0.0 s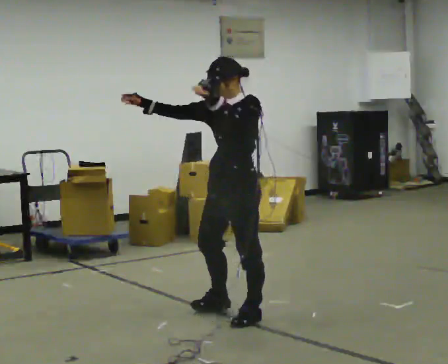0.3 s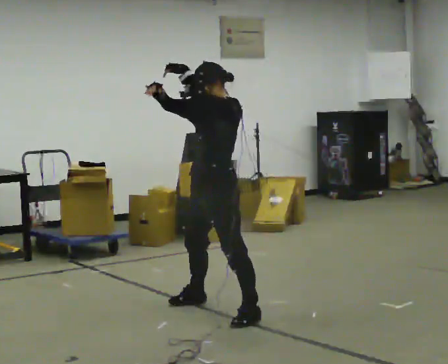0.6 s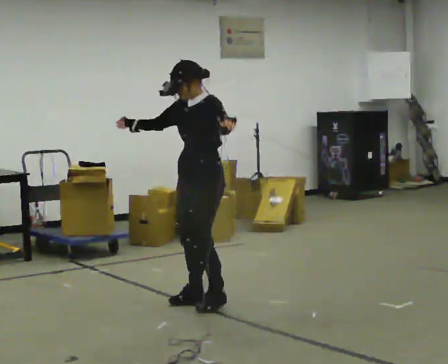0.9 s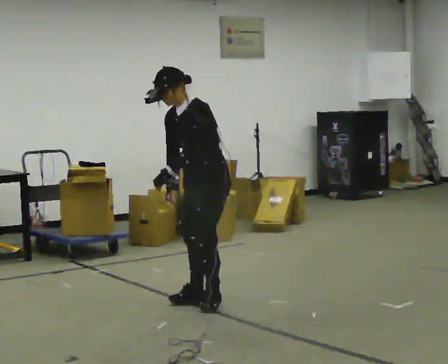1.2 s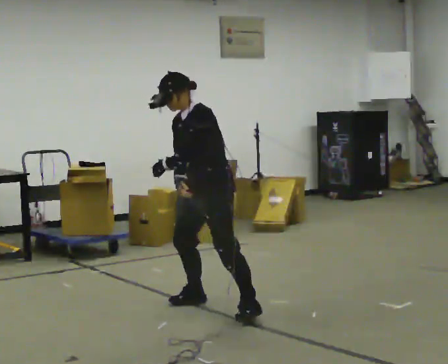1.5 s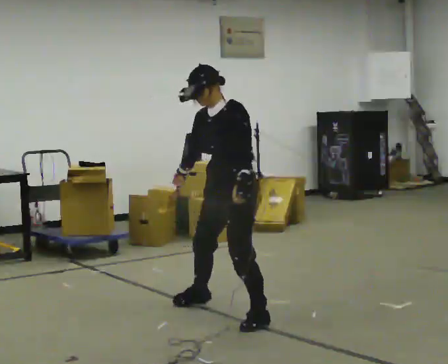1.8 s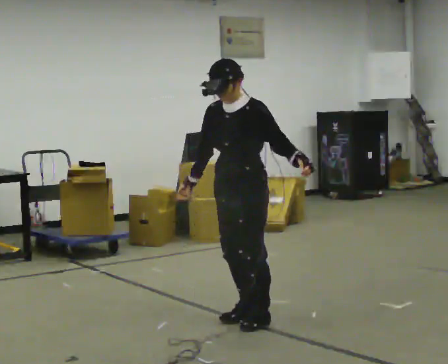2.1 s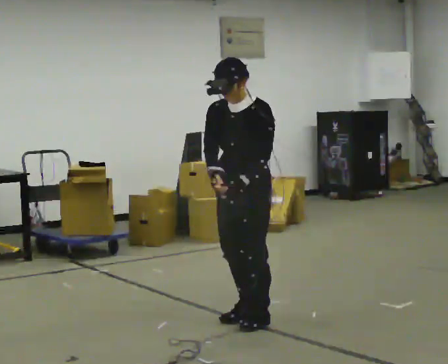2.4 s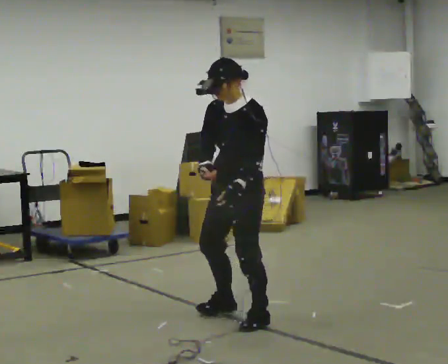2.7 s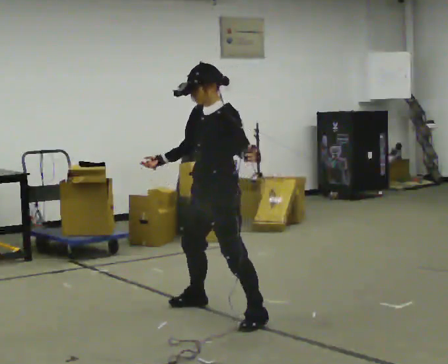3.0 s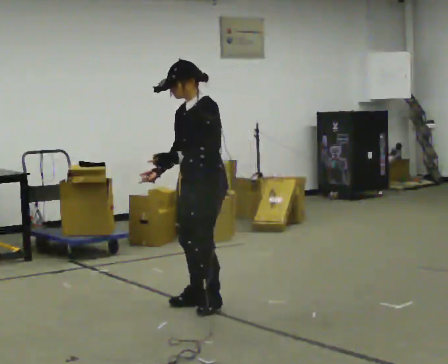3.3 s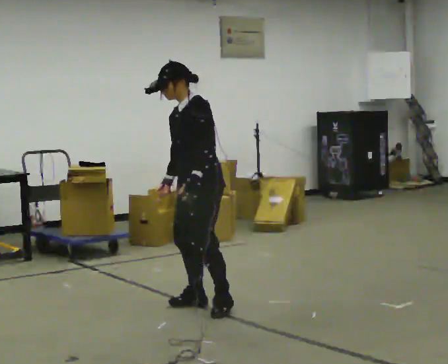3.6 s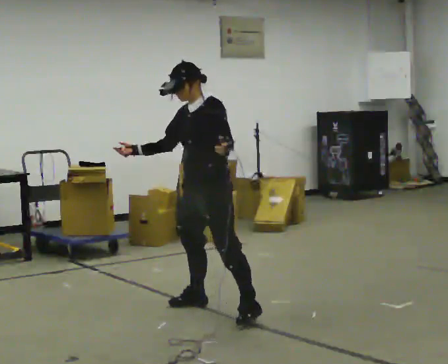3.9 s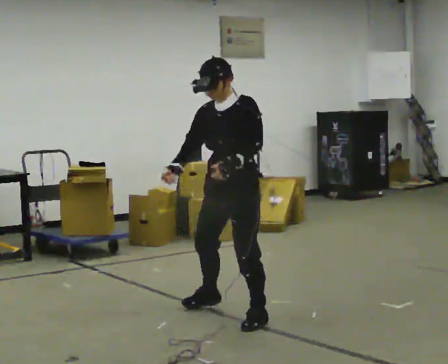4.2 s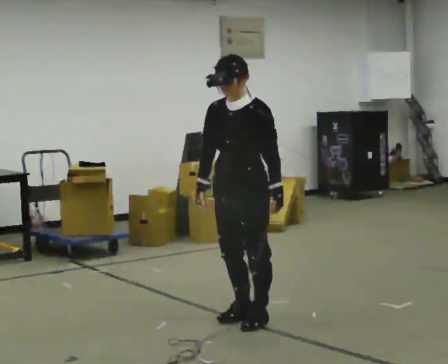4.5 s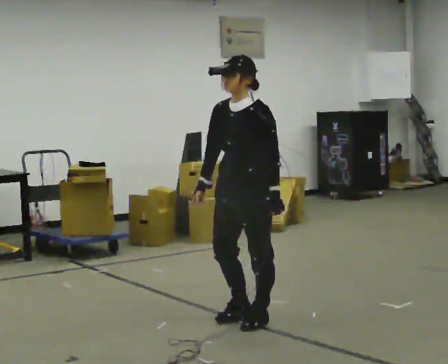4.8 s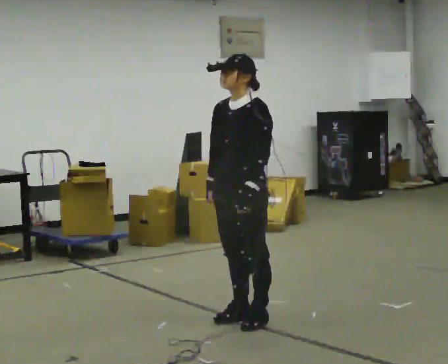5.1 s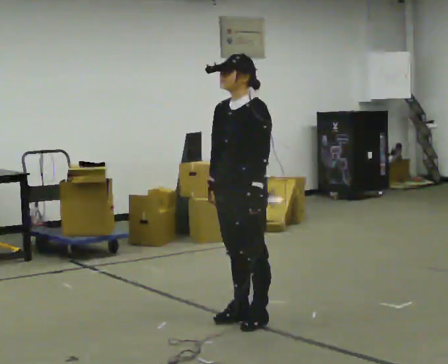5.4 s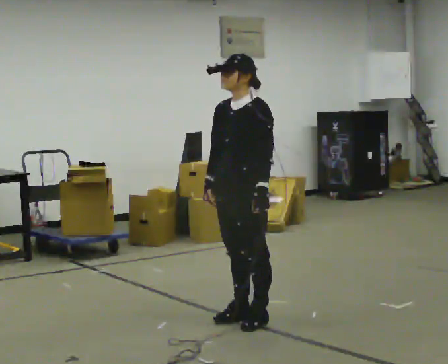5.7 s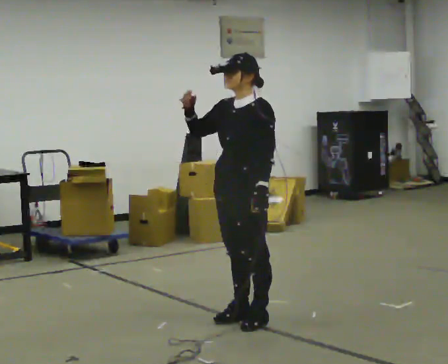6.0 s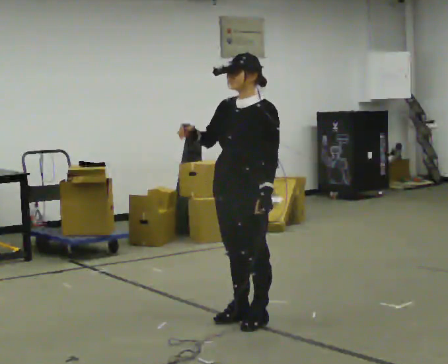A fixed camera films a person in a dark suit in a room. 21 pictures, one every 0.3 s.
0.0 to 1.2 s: In the picture they go away from the camera, about 0.25 m in 2 steps, which for them is to their right. In the picture their right hand goes downward.
1.2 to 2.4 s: In the picture they go toward the camera, about 0.25 m in 2 steps, which for them is to their left. In the picture the upper body tilts clockwise, shoulders to the right.
2.4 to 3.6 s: In the picture they go away from the camera, about 0.25 m in 1 step, which for them is to their right. In the picture their right hand goes to the left.
3.6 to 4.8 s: In the picture they go toward the camera and to the right, about 0.25 m in 1 step, which for them is to their left.
4.8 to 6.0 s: The person moves a little, or ends about where they began.
The film runs forward here.
